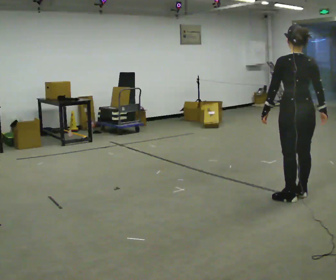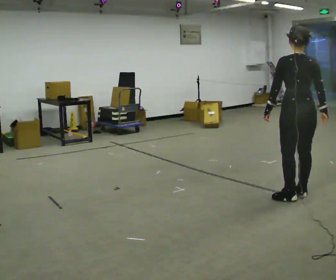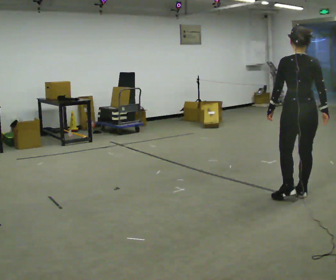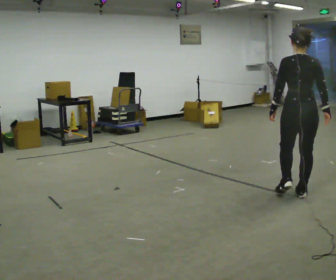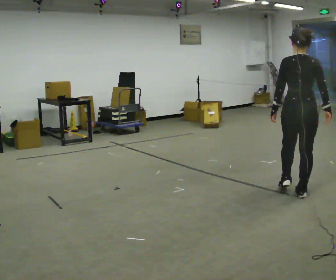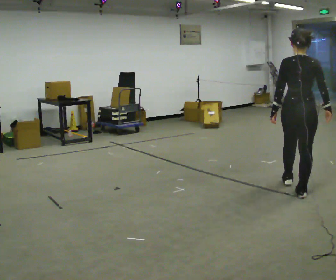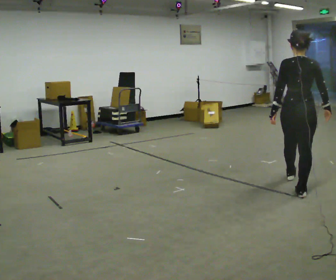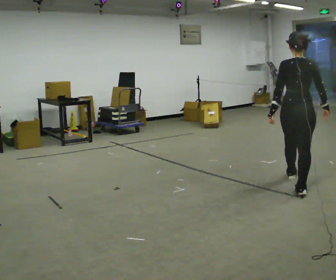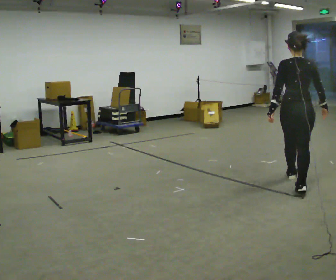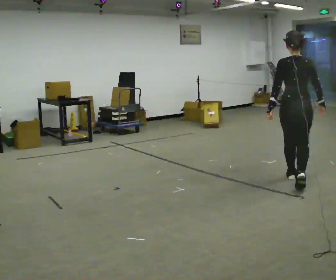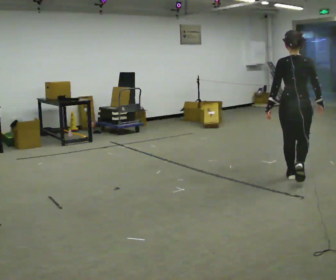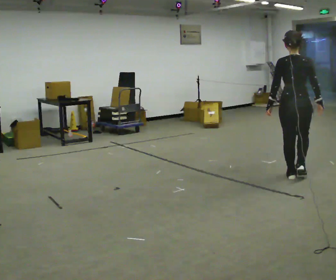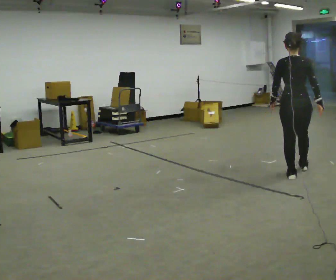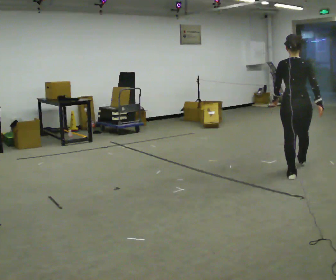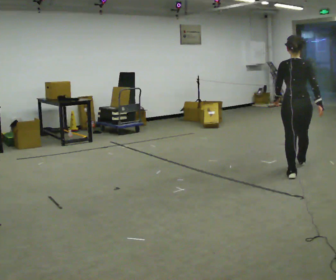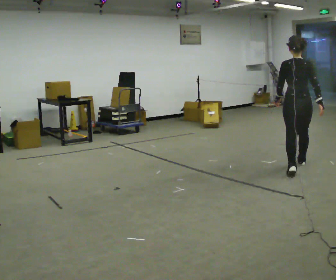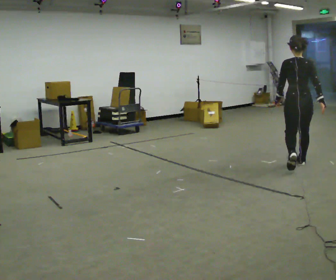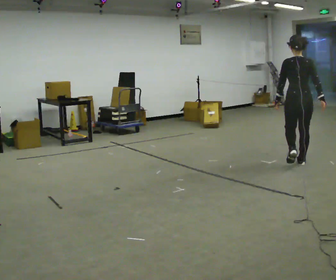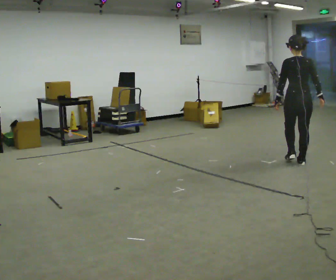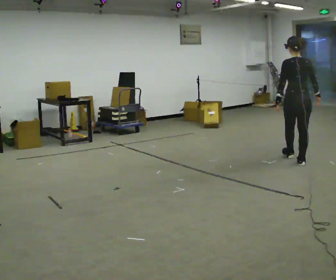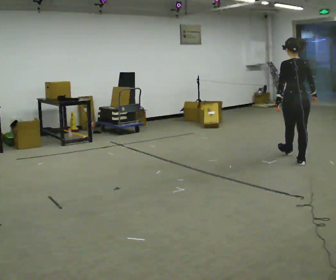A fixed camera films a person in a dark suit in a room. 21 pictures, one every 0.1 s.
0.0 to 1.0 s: In the picture they go away from the camera, about 0.5 m in 1 step, which for them is forward.
1.0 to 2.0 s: In the picture they go away from the camera, about 1 m in 1 step, which for them is forward.
The film runs forward here.
